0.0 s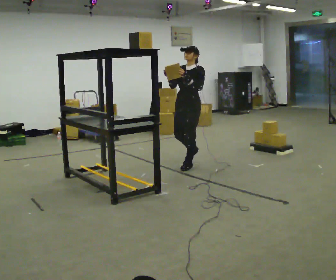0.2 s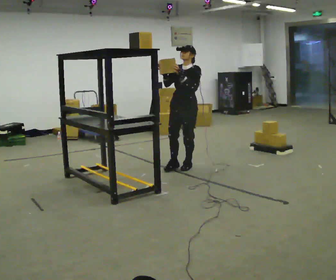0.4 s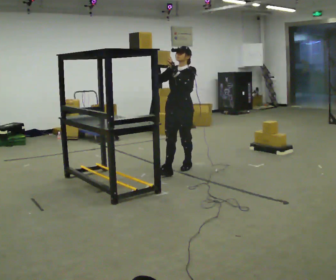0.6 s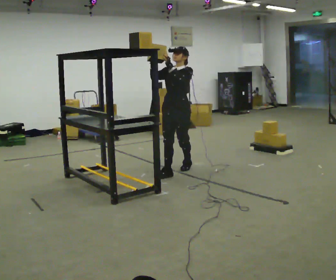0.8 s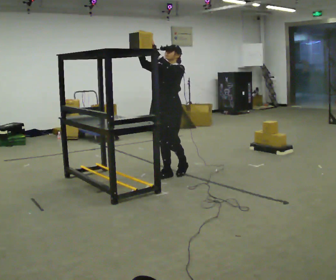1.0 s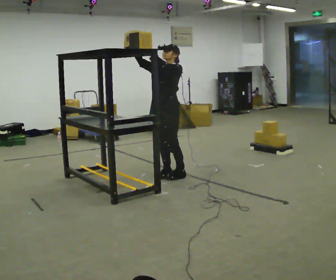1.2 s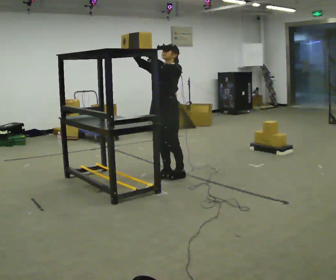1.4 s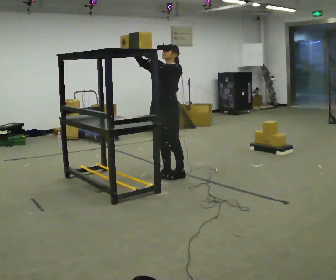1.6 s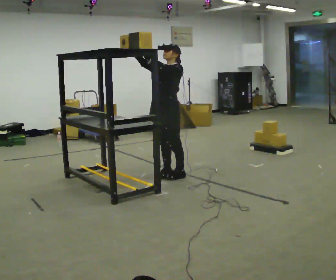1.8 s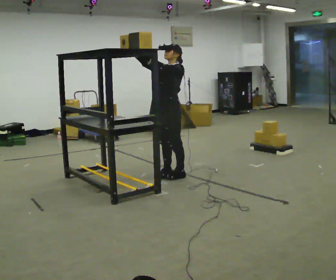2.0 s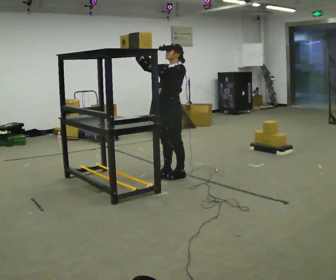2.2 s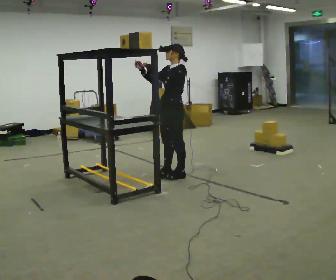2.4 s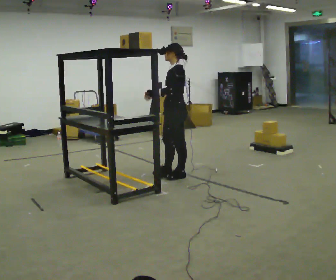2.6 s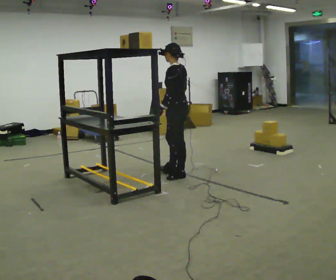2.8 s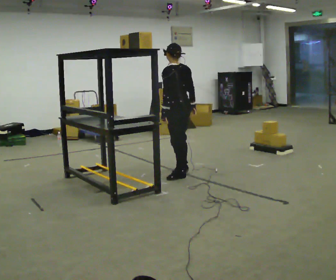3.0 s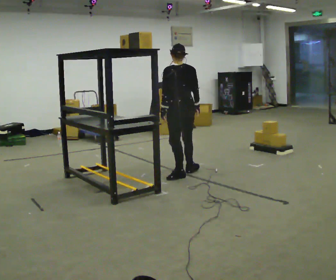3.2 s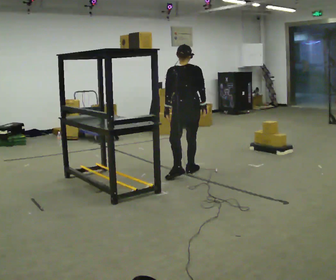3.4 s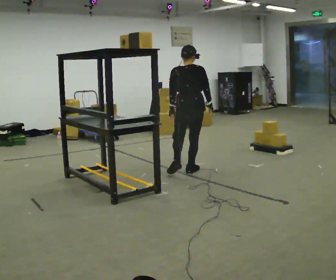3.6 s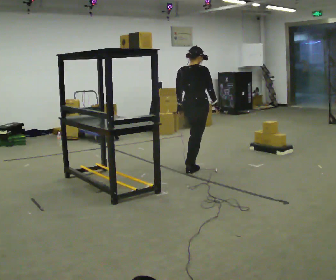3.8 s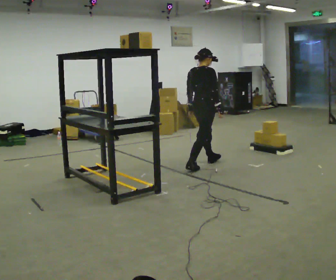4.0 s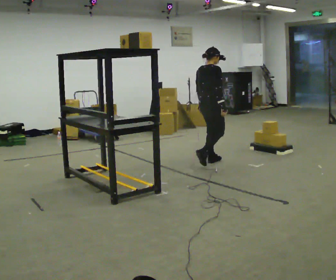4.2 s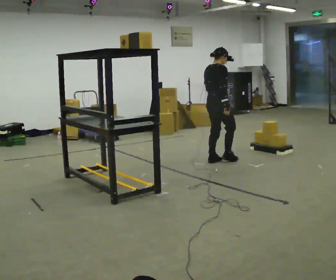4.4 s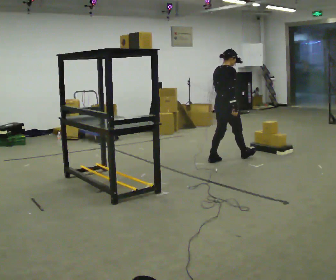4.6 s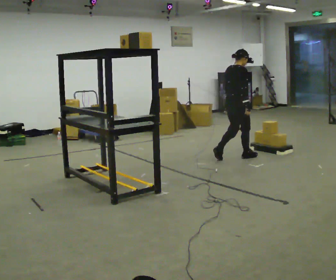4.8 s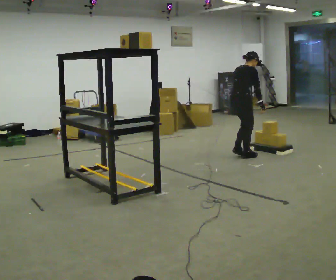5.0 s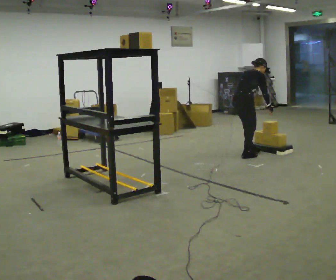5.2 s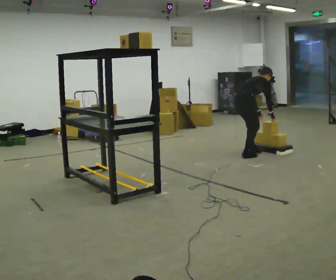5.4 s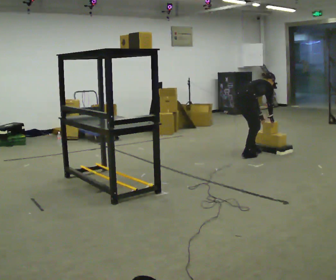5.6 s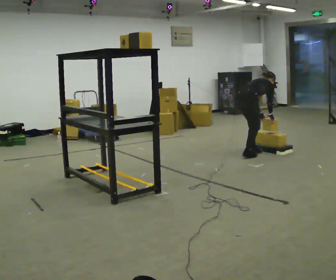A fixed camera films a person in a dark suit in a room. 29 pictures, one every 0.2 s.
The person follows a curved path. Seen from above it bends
counterclockwise.
The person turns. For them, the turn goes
to their right.
0.0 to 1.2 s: In the picture they go toward the camera and to the left, about 0.5 m in 2 steps, which for them is forward. In the picture their right hand goes upward.
1.2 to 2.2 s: The part of the body nearest the lens slides to the left as the person turns to their right by about 30 degrees.
2.2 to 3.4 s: Seen from above the body turns clockwise, about 135 degrees: to their right, with its near side sliding to the left. In the picture they go away from the camera and to the right, about 0.25 m in 1 step. In the picture their right hand goes downward, the arm swinging counterclockwise.
3.4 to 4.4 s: The person turns about 45 degrees to their right, clockwise seen from above, so the part of the body nearest the lens slides to the left. In the picture they go away from the camera and to the right, about 0.75 m in 2 steps, which for them is forward.
4.4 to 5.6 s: In the picture they go to the right and away from the camera, about 0.5 m in 1 step, which for them is forward. The shoulders move downward. In the picture the upper body tilts clockwise, shoulders to the right, as they bend forward.
The film runs forward here.
